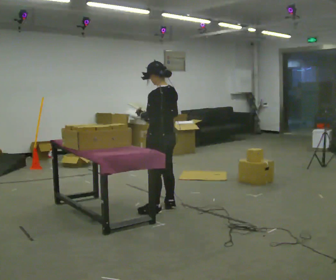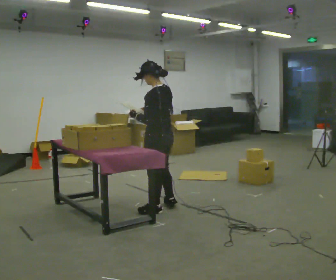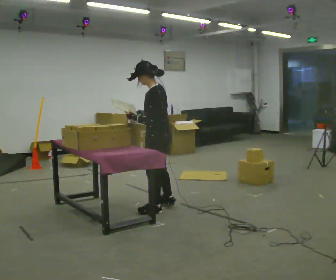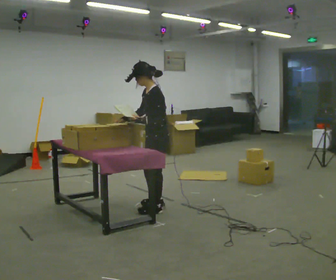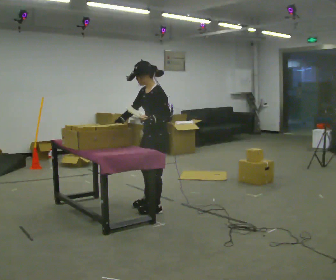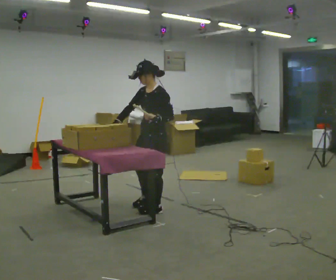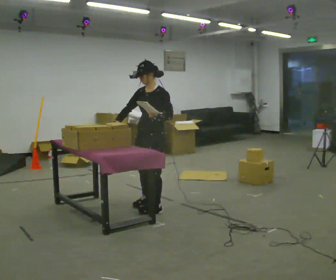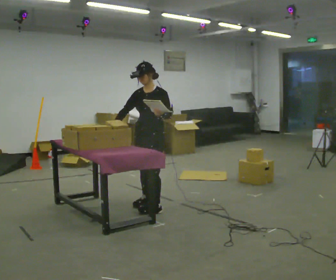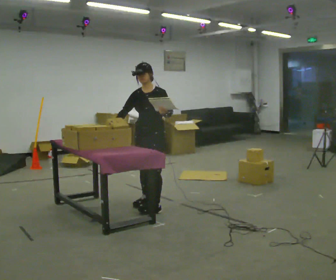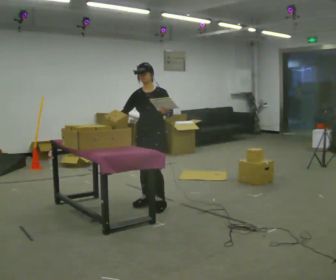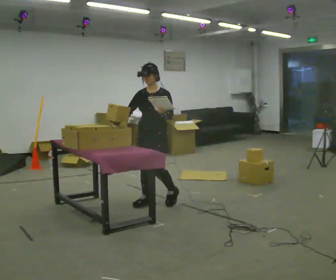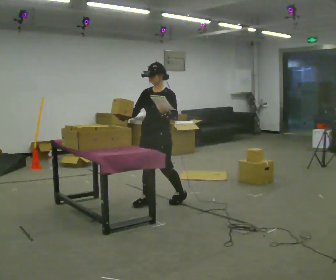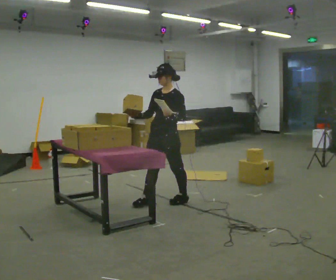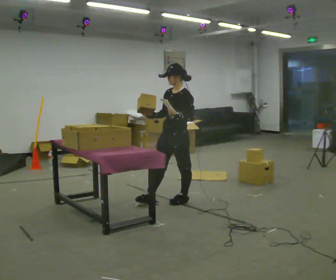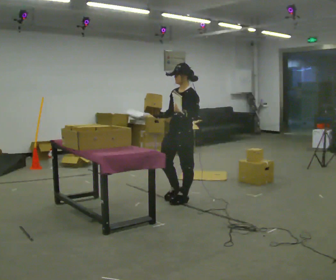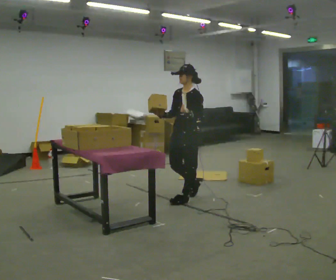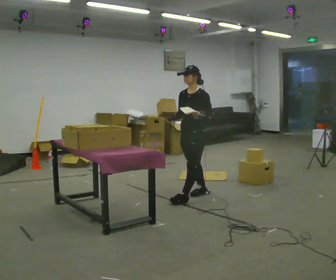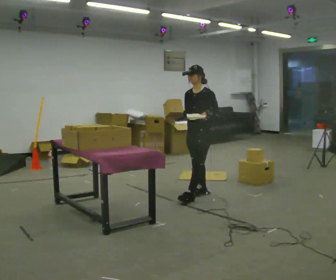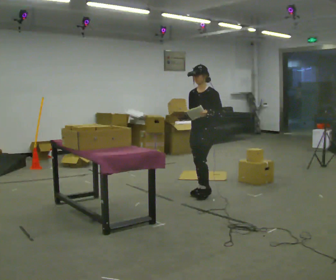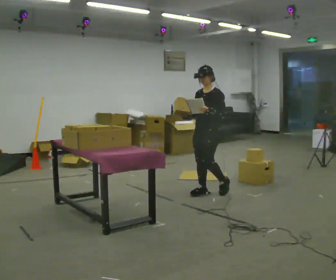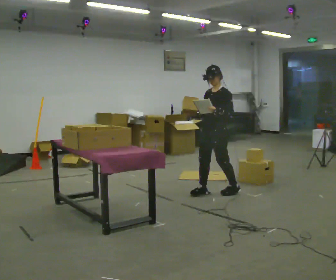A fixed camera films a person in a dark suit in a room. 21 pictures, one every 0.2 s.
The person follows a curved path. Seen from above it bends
clockwise.
0.0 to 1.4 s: The part of the body nearest the lens slides to the right as the person turns to their left by about 90 degrees. In the picture their right hand goes to the left.
1.4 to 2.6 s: In the picture they go to the right and away from the camera, about 0.25 m in 2 steps, which for them is backward and to their left.
2.6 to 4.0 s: In the picture they go to the right and away from the camera, about 0.5 m in 1 step, which for them is backward.
The film runs backward here.
